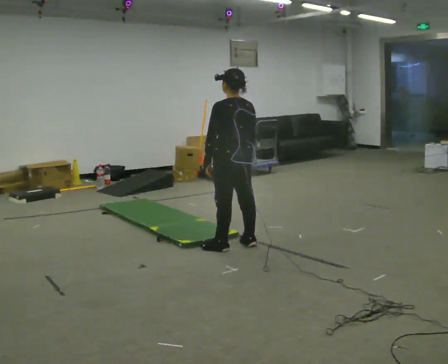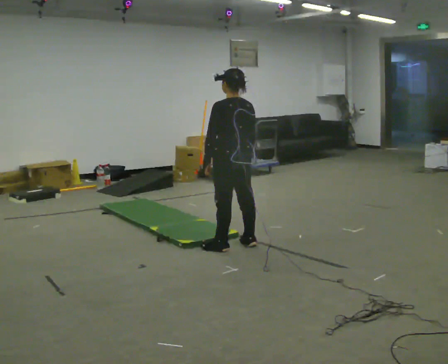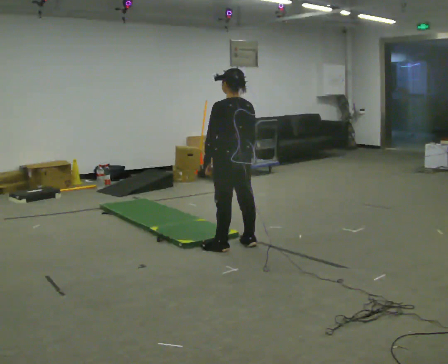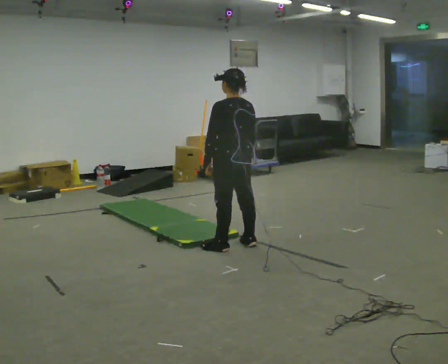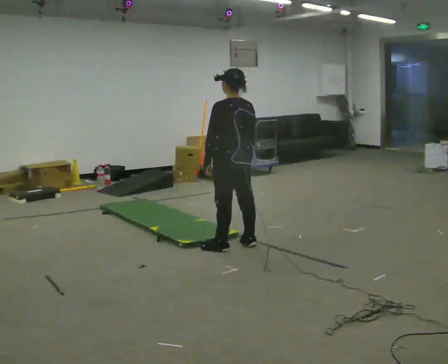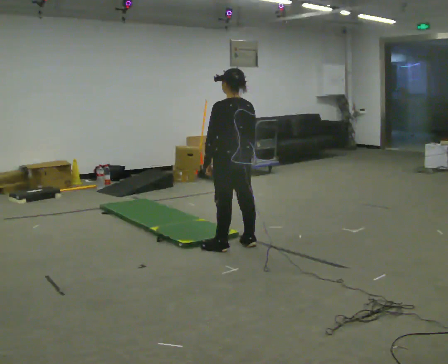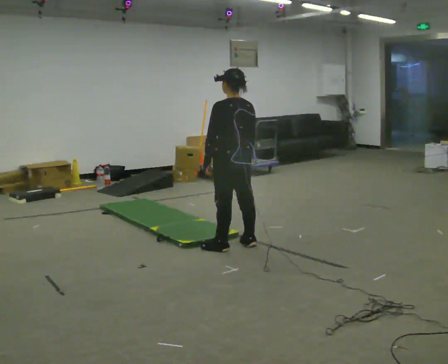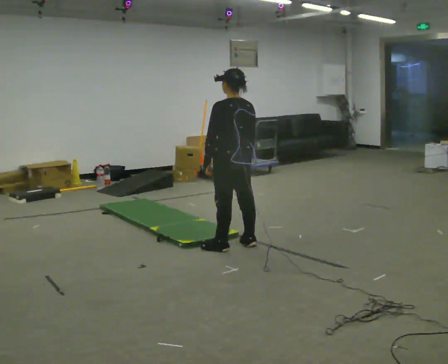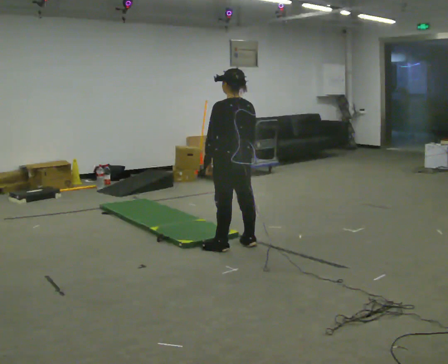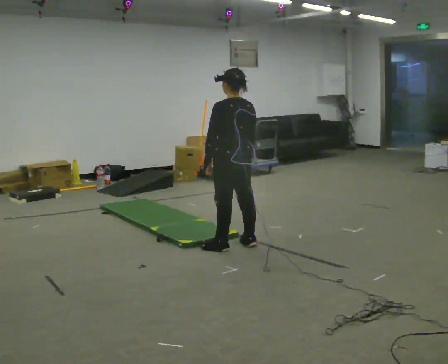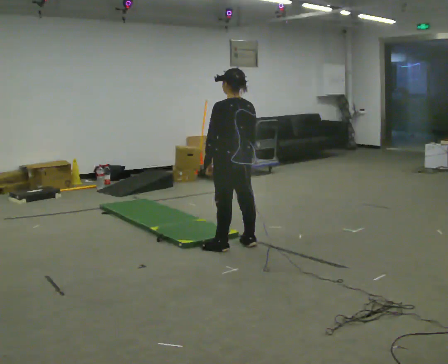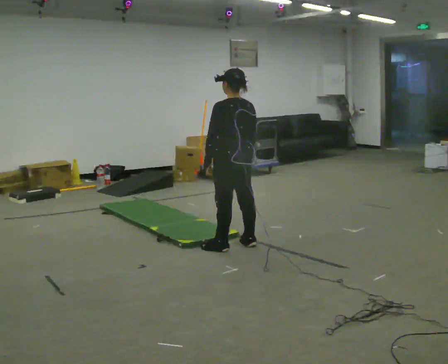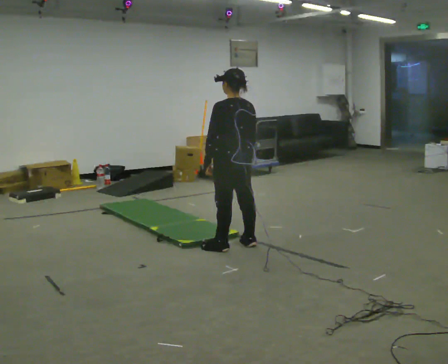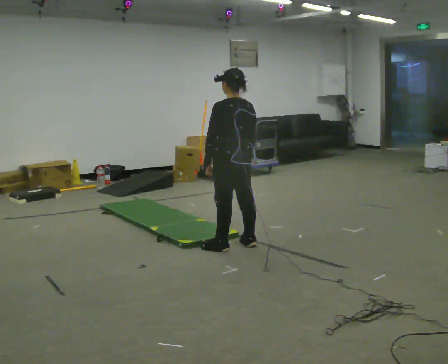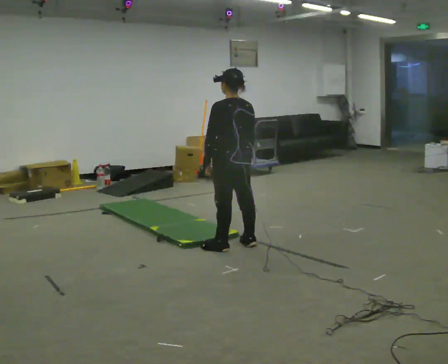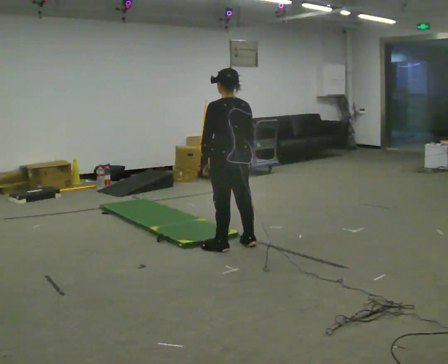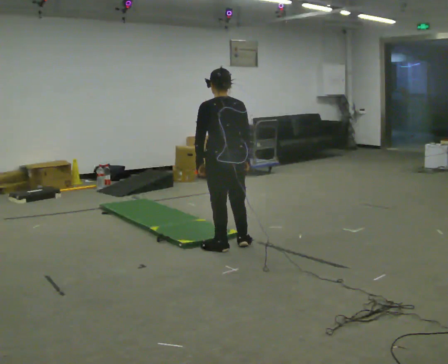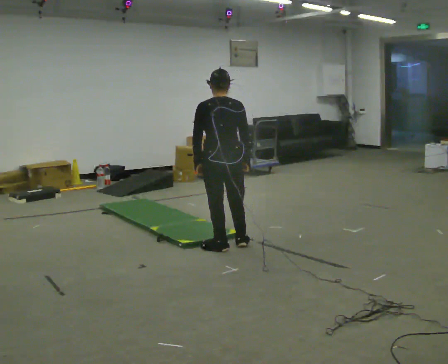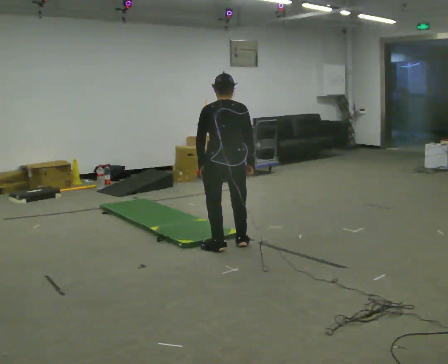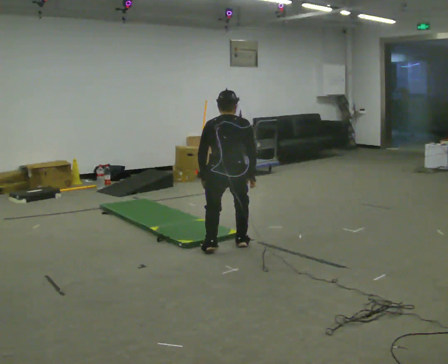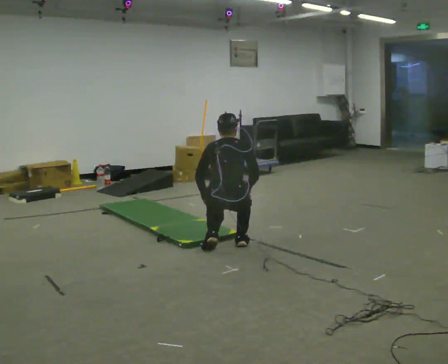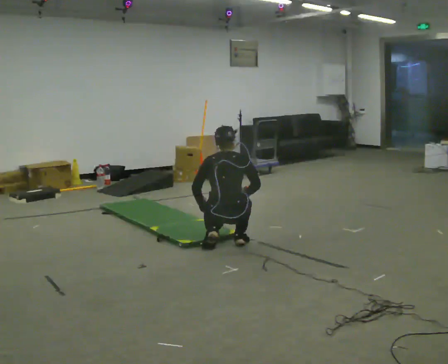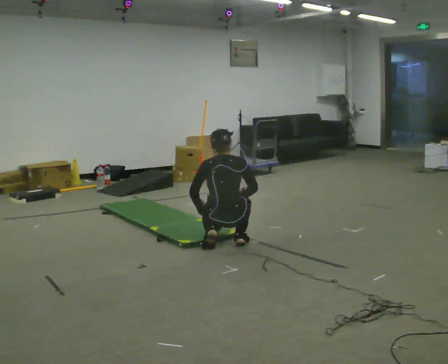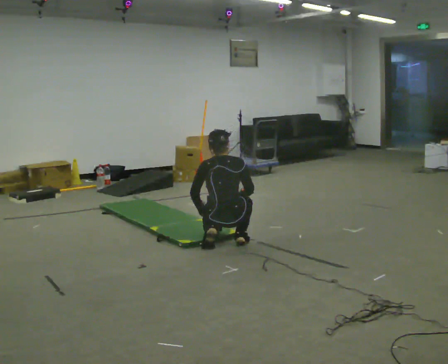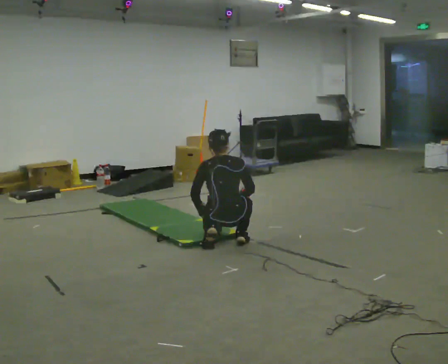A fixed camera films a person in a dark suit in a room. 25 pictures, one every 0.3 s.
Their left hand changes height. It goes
downward.
The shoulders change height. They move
downward.
0.0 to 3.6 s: The person keeps their place and pose.
3.6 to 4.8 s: The person moves a little, or ends about where they began.
4.8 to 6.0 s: The person turns about 30 degrees to their right, clockwise seen from above, so the part of the body nearest the lens slides to the left. The upper body goes downward. The upper body tips away from the camera, its near side rolling upward, as they bend forward.
6.0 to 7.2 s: The person moves a little, or ends about where they began.
The film runs forward here.
